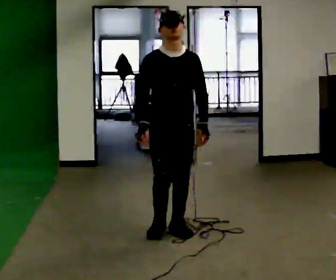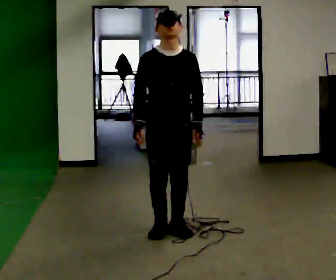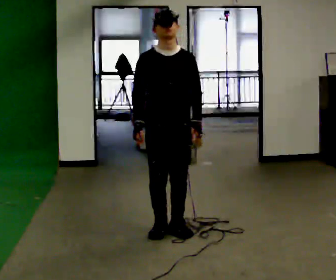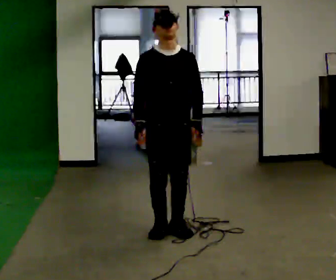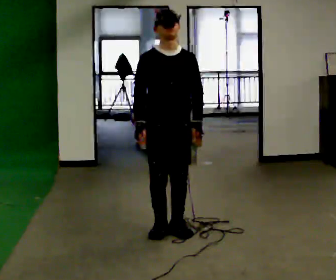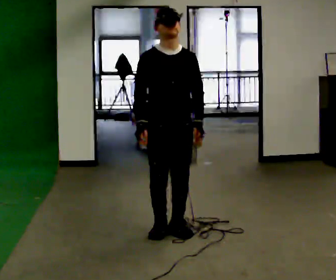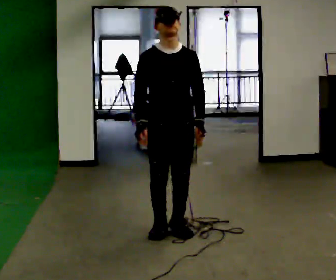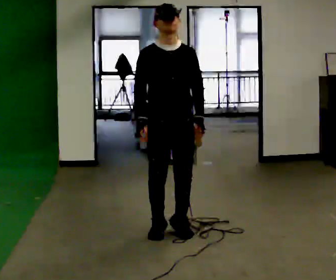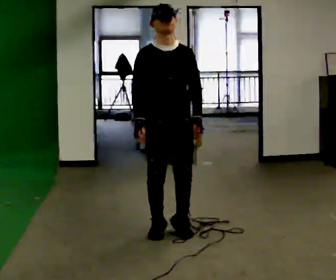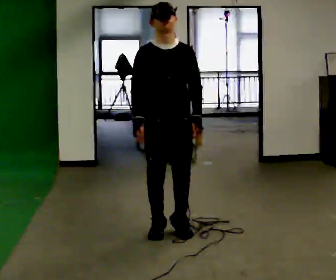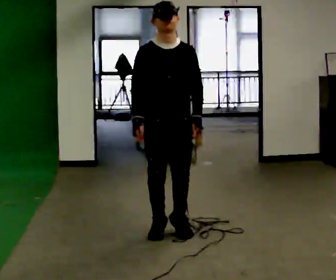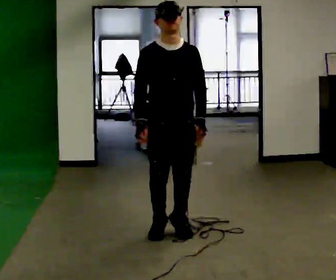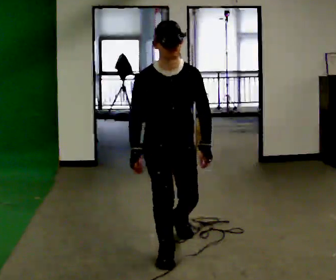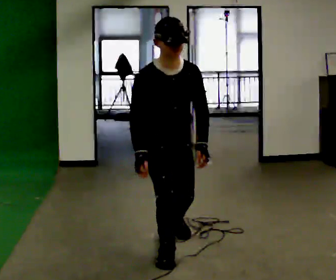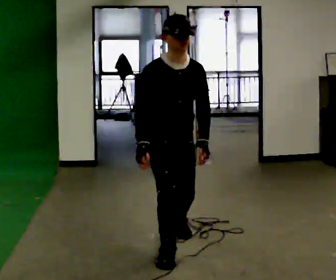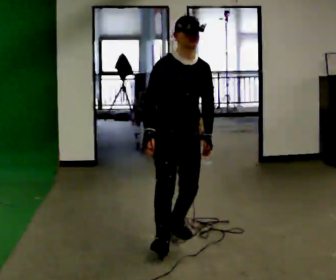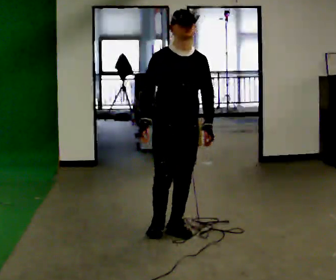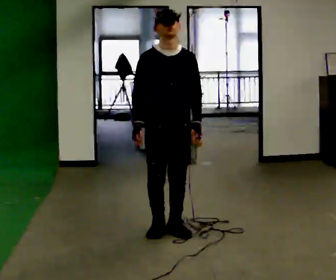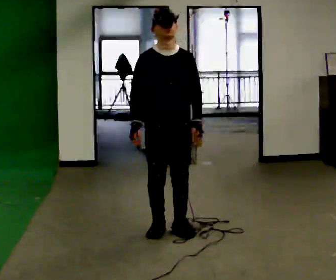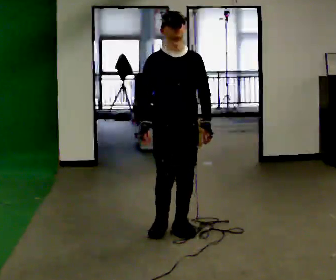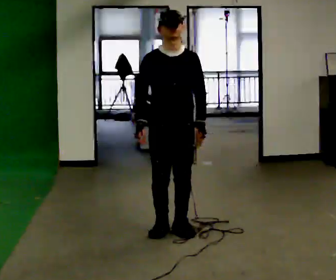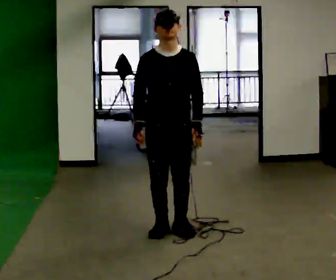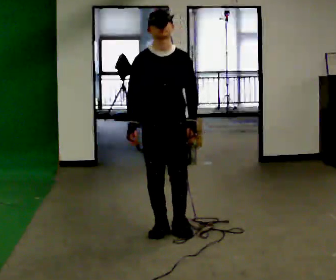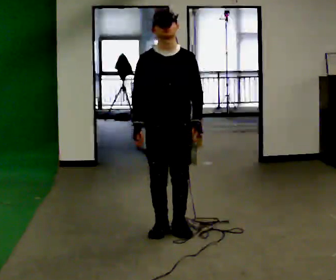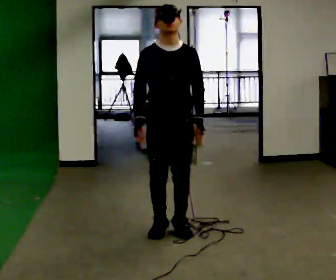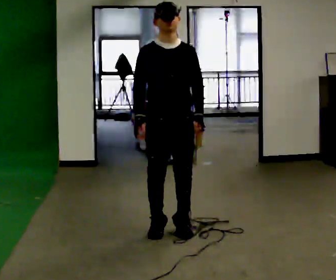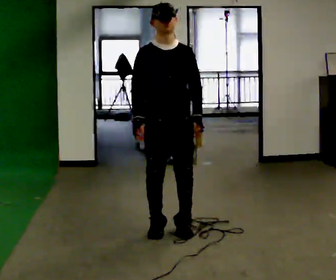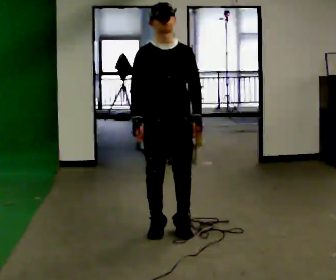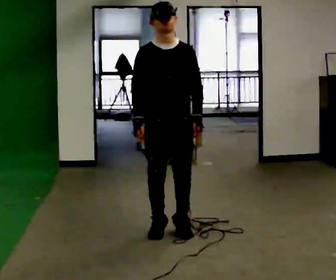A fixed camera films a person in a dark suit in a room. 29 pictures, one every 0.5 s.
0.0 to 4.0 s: The person moves a little, or ends about where they began.
4.0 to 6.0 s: In the picture they go toward the camera, about 0.25 m in 1 step, which for them is forward. The upper body goes downward. The upper body tips toward the camera, its near side rolling downward, as they bend forward.
6.0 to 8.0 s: In the picture they go away from the camera, about 0.5 m in 2 steps, which for them is backward and to their left.
8.0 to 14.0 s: The person moves a little, or ends about where they began.
The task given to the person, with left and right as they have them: Stand on the marked spots and rise up onto your toes. Stay up until you start to topple forward, then step to catch yourself. Repeat at your own pace until the operator says stop. Go slowly and only as far as you are comfortable. Step whenever you need to; do not try to hold on longer than feels safe.
The film runs forward here.
